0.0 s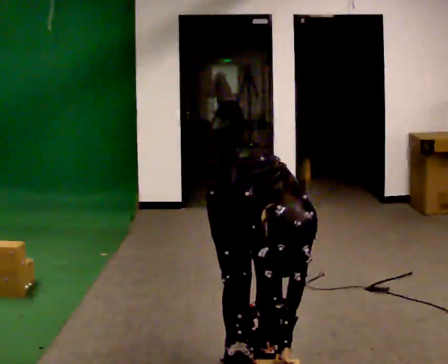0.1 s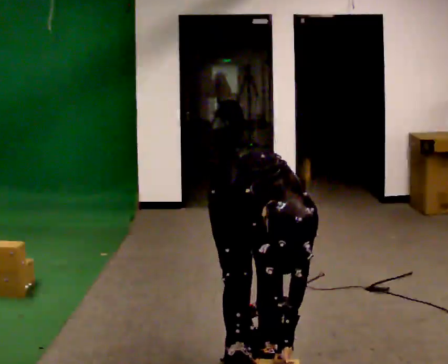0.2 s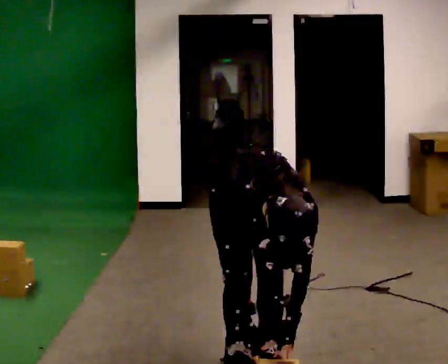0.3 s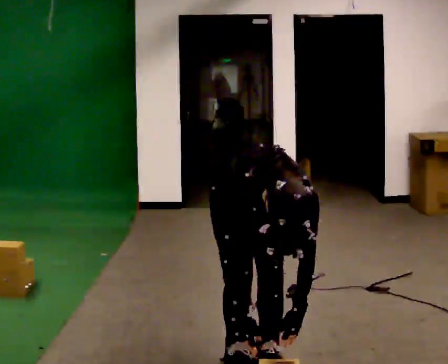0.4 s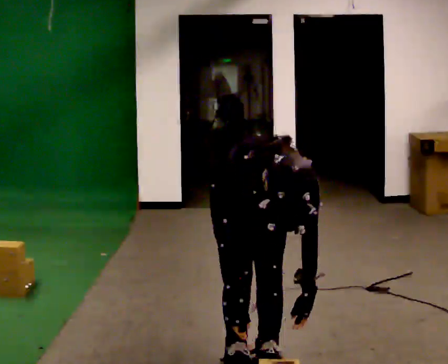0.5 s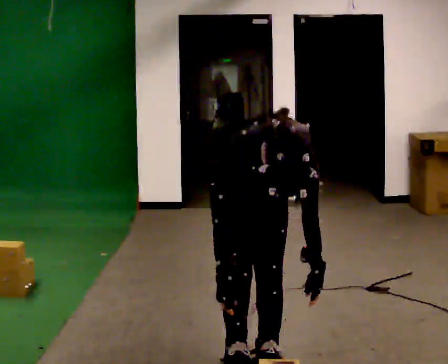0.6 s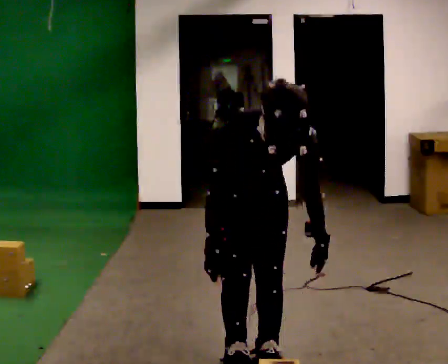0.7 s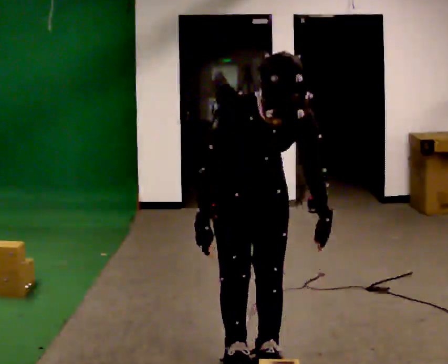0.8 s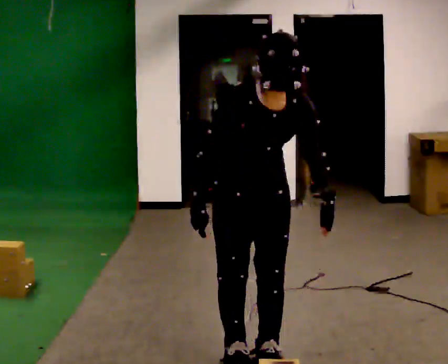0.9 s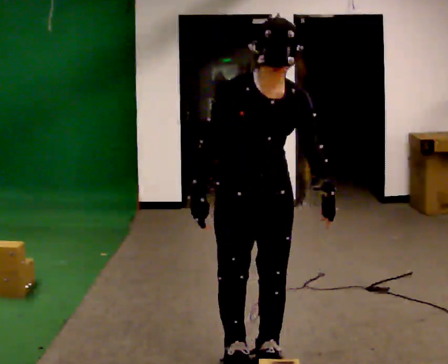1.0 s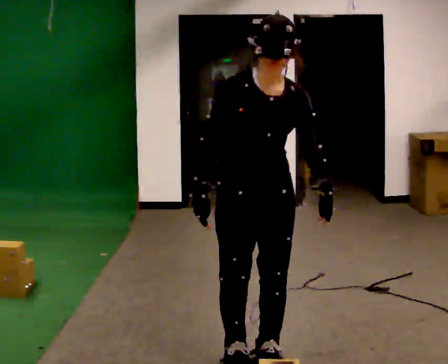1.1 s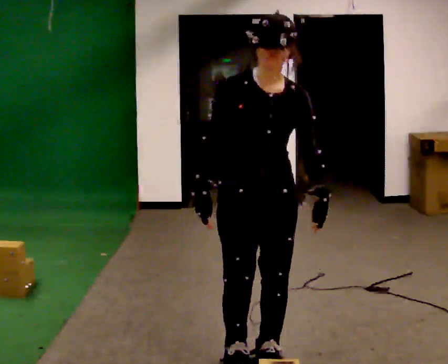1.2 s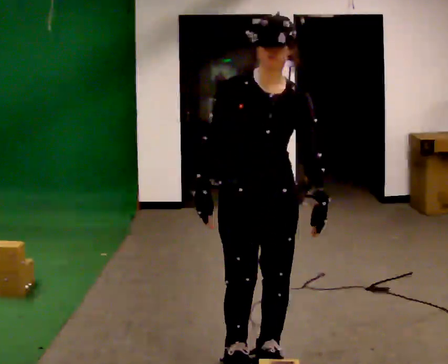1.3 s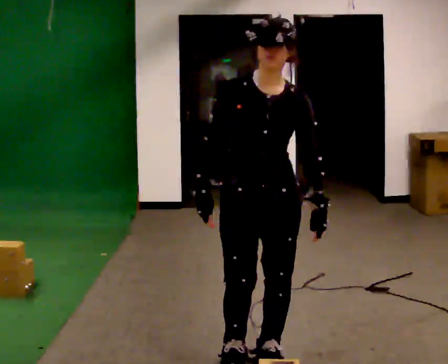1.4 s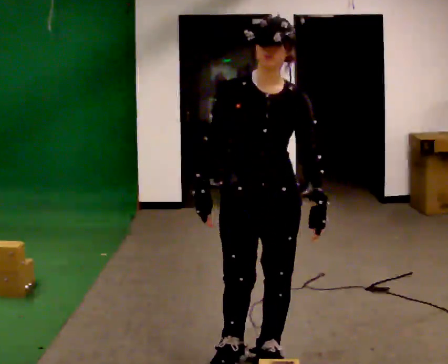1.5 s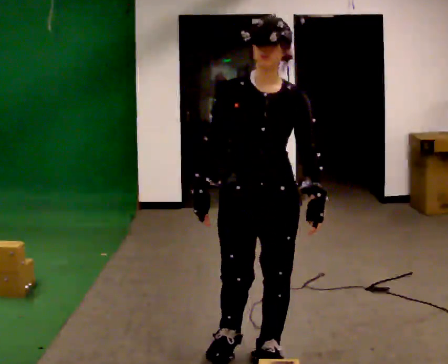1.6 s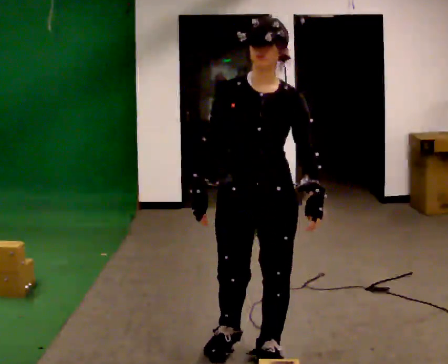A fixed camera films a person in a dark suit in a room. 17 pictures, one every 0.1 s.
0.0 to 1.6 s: The shoulders move upward. The upper body tips away from the camera, its near side rolling upward, as they lean back or straighten. In the picture their left hand goes upward.
The film runs forward here.
